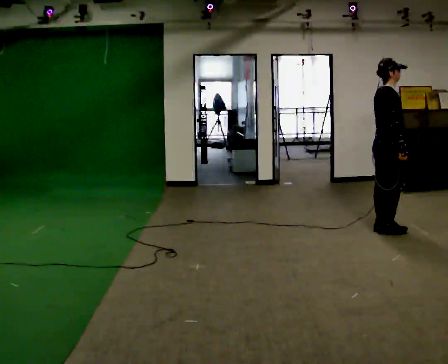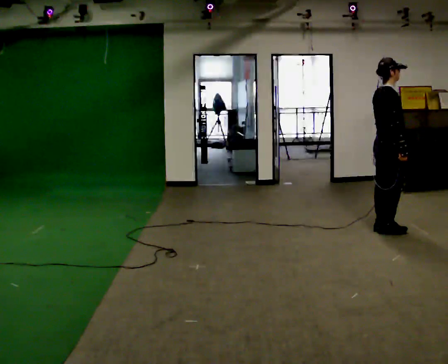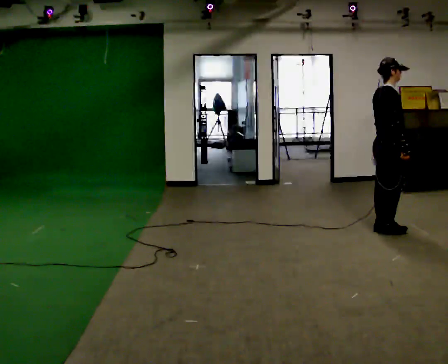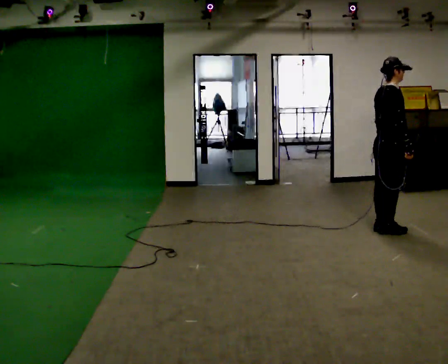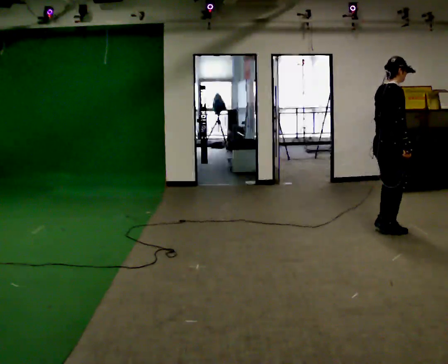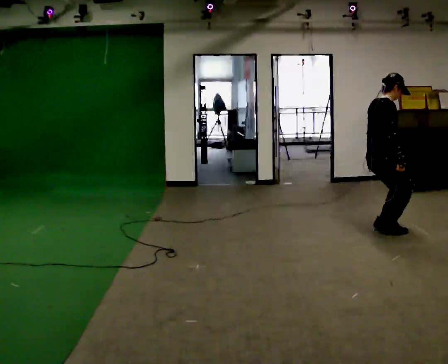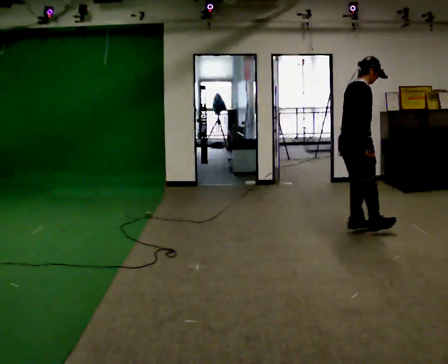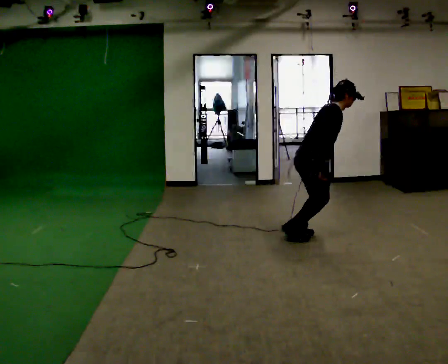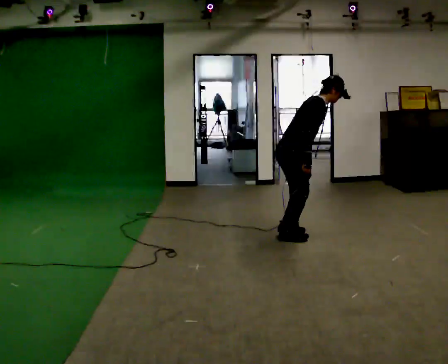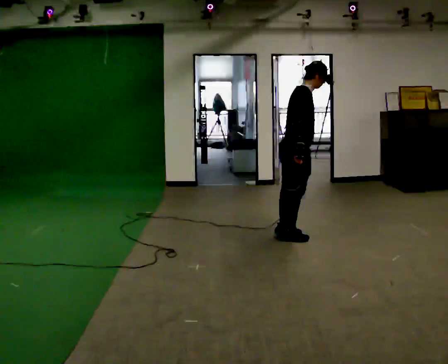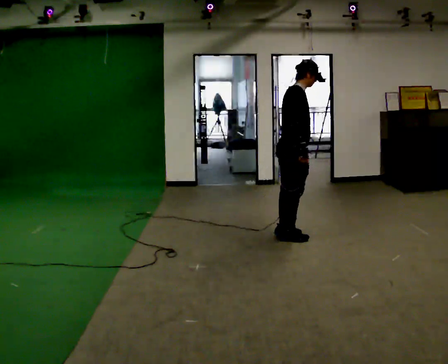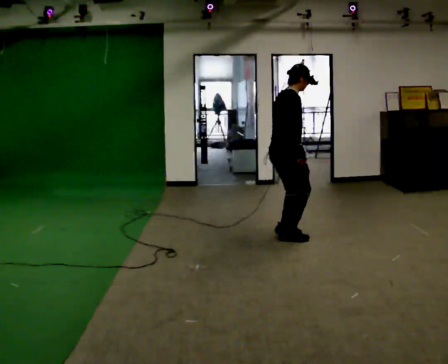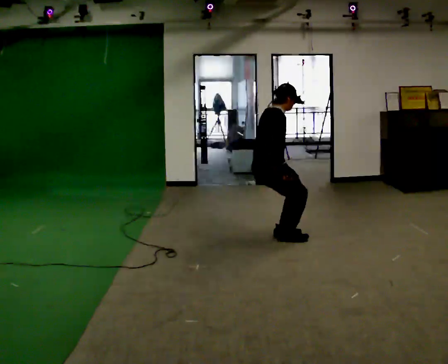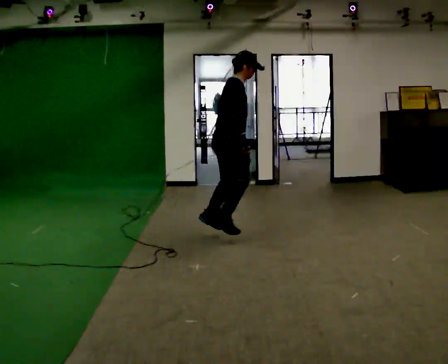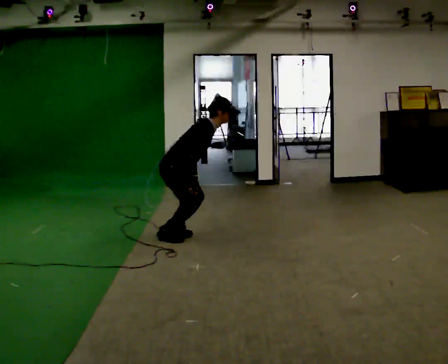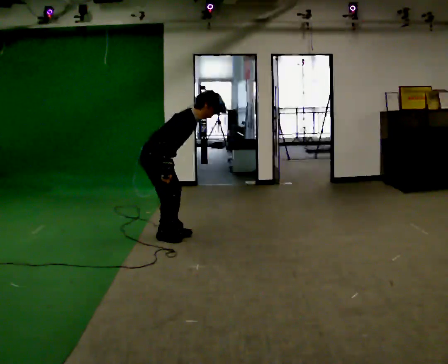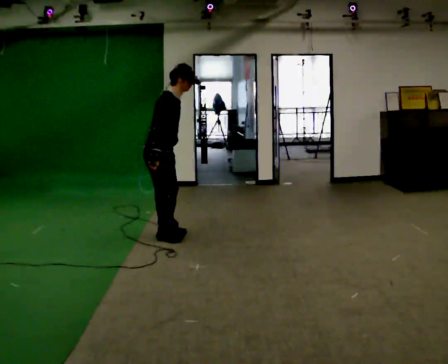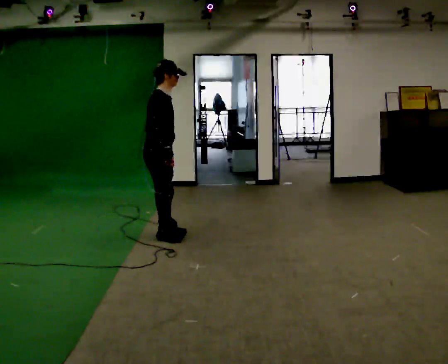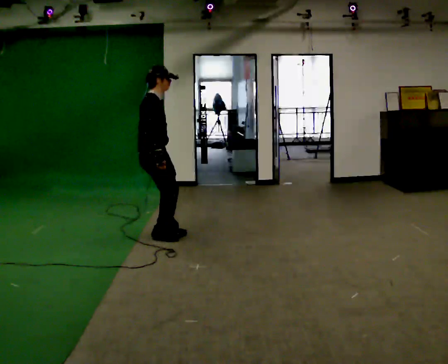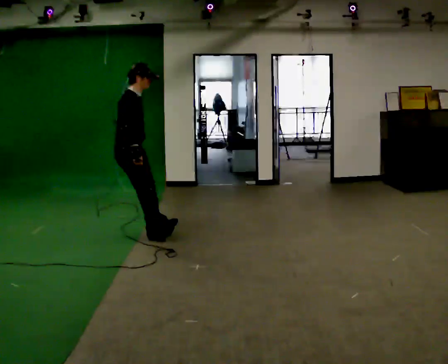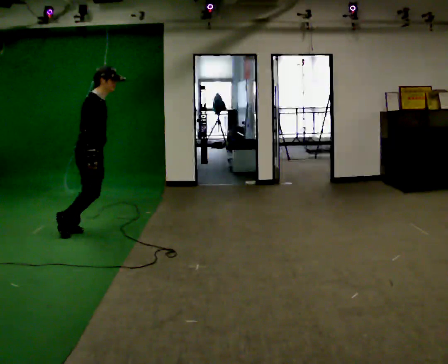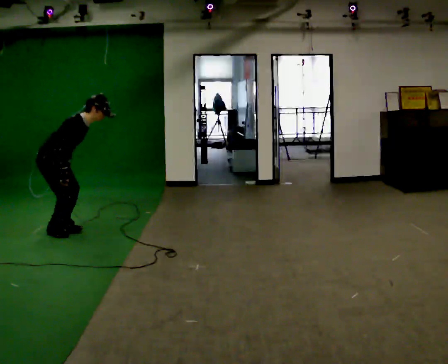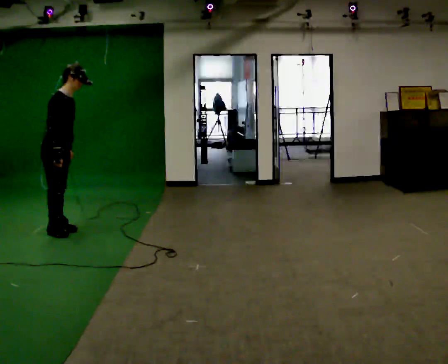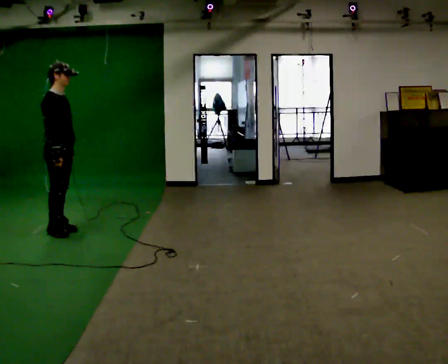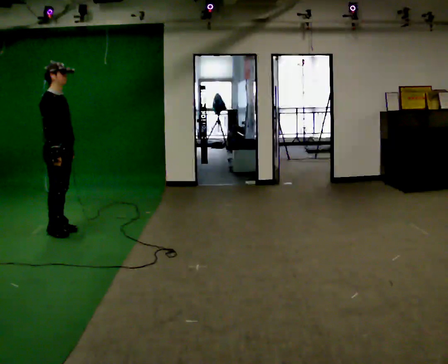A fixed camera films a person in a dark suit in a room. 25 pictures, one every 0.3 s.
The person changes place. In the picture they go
to the left.
0.0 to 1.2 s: The person moves a little, or ends about where they began.
1.2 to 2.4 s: In the picture they go to the left, about 1 m in 2 steps, which for them is backward. In the picture the upper body tilts clockwise, shoulders to the right, as they bend forward.
2.4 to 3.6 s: In the picture they go to the left, about 0.25 m, which for them is backward. In the picture the upper body tilts counterclockwise, shoulders to the left, as they lean back or straighten.
3.6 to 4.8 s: In the picture they go to the left, about 1 m in 2 steps, which for them is backward.
4.8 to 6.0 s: In the picture they go to the left, about 0.5 m in 2 steps, which for them is backward.
6.0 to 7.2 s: In the picture they go to the left, about 0.25 m, which for them is backward.
The film runs backward here.
